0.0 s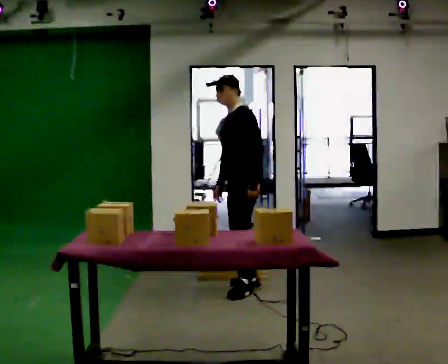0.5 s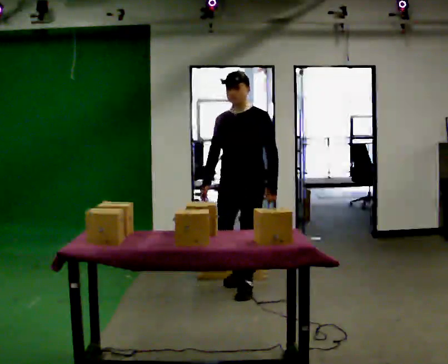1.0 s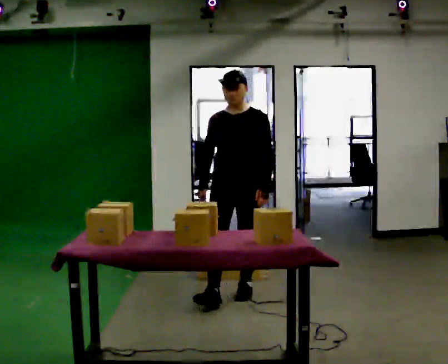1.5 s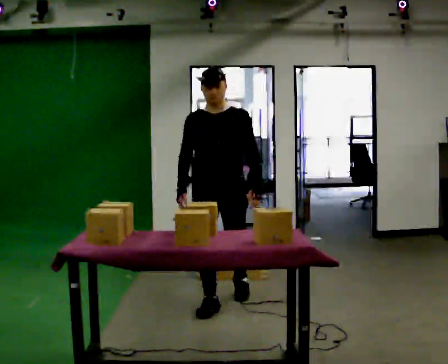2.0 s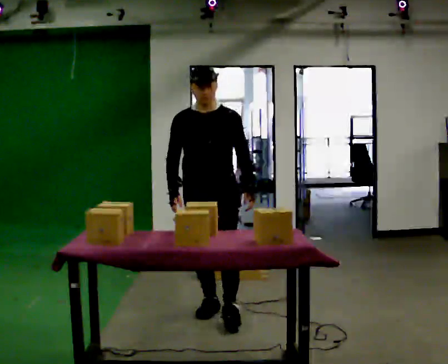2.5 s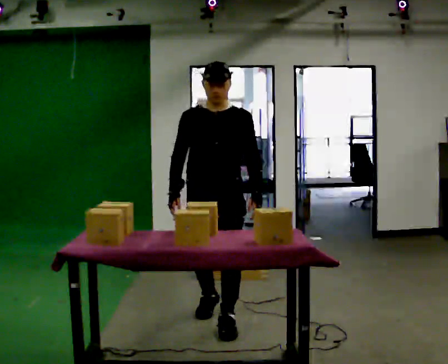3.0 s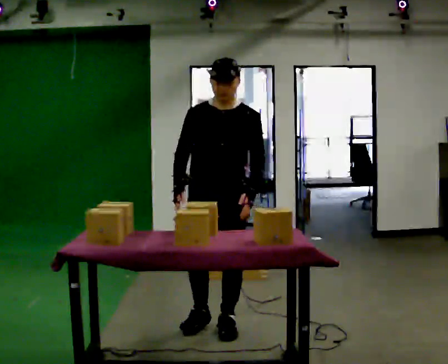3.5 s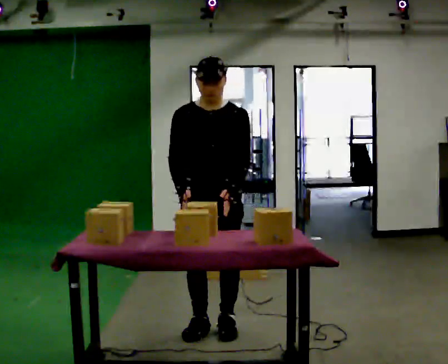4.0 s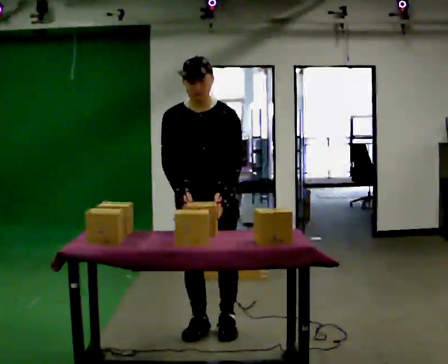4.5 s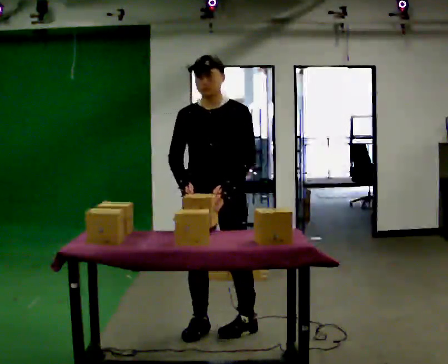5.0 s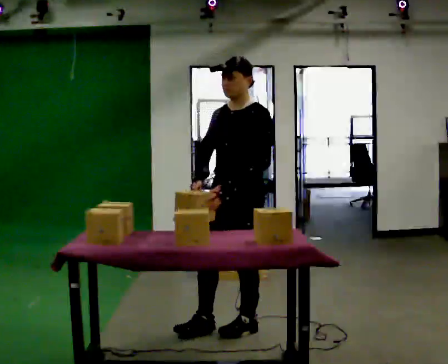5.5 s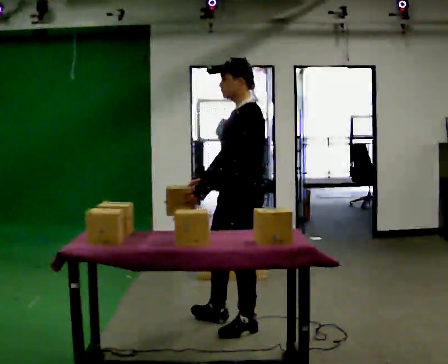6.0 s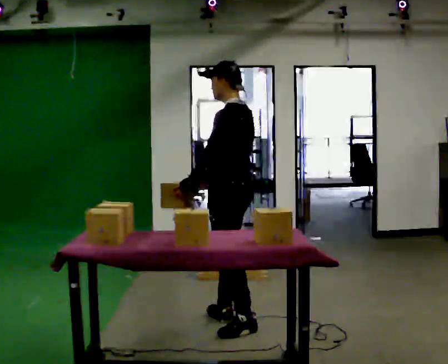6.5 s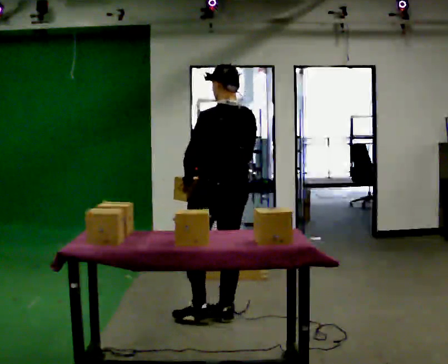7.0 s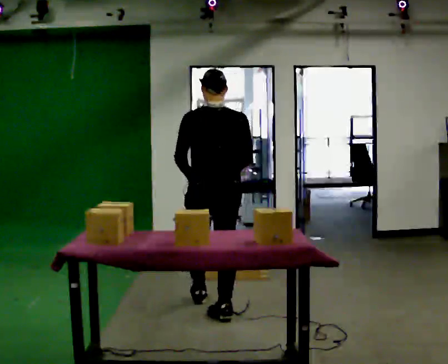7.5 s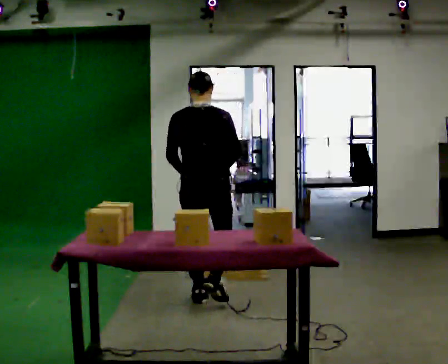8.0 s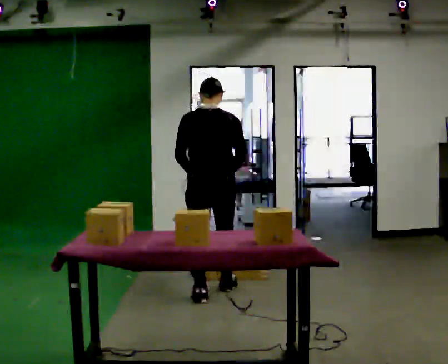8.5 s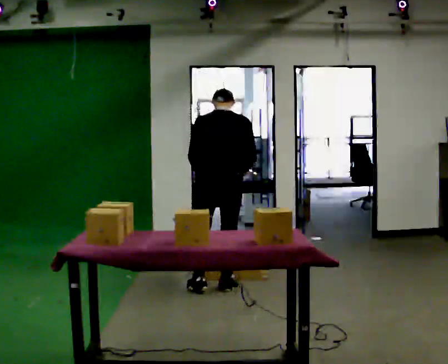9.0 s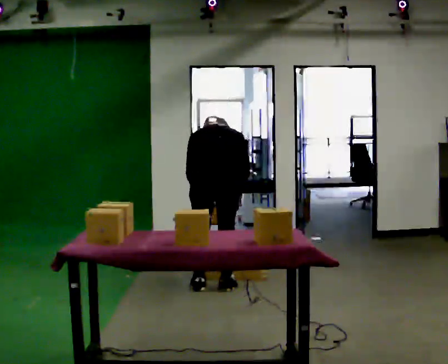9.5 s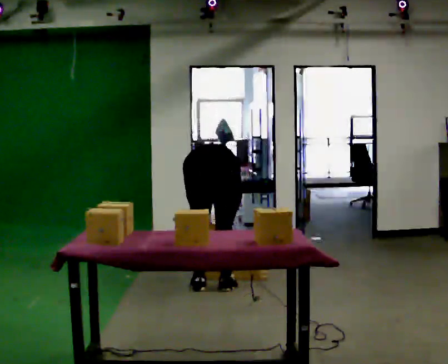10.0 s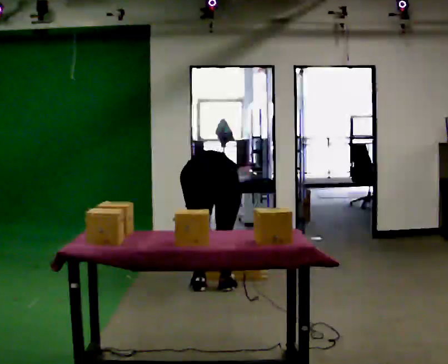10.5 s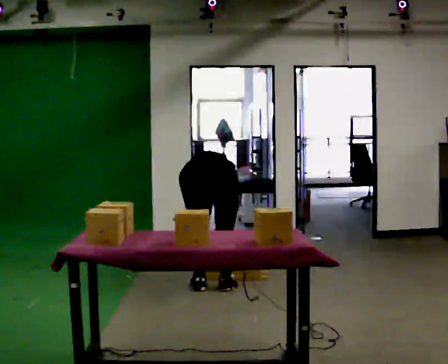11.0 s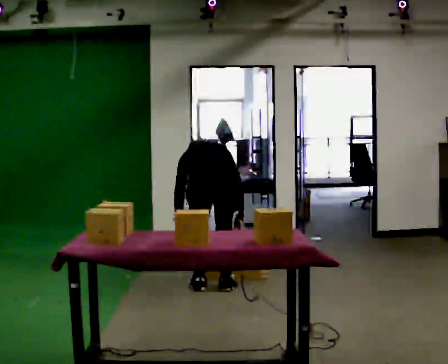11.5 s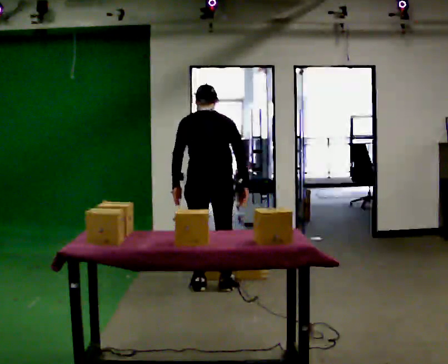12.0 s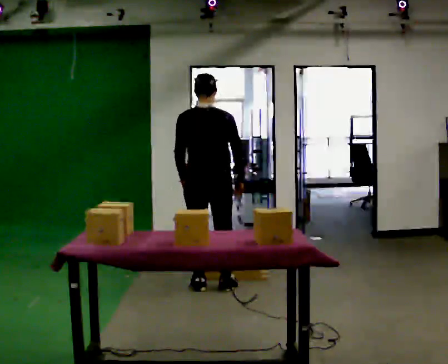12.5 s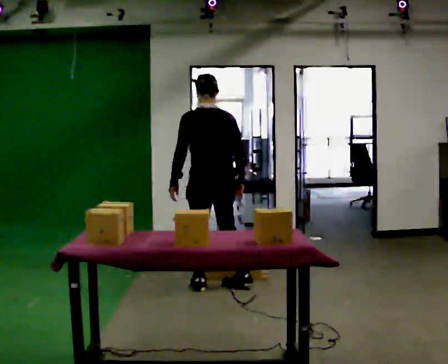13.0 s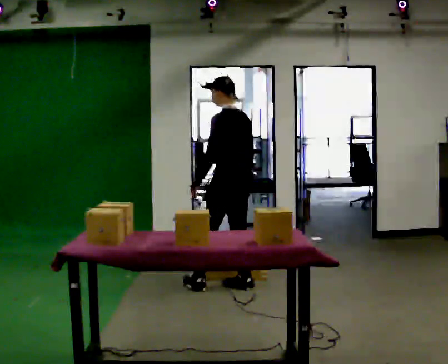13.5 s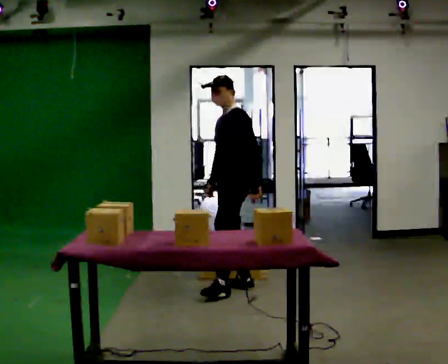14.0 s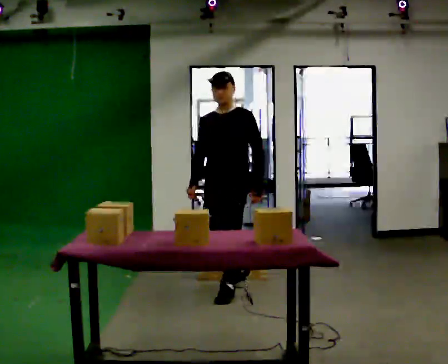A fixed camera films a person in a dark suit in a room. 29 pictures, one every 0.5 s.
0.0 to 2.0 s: Seen from above the body turns counterclockwise, about 60 degrees: to their left, with its near side sliding to the right. In the picture they go toward the camera, about 1 m in 1 step.
2.0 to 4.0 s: In the picture they go toward the camera, about 0.5 m in 2 steps, which for them is forward.
4.0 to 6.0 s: The person turns about 105 degrees to their right, clockwise seen from above, so the part of the body nearest the lens slides to the left. In the picture they go to the right and away from the camera, about 0.25 m in 2 steps.
6.0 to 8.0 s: The person turns about 75 degrees to their right, clockwise seen from above, so the part of the body nearest the lens slides to the left. In the picture they go away from the camera, about 1 m in 2 steps.
8.0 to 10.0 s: The shoulders move downward. The upper body tips away from the camera, its near side rolling upward, as they bend forward. In the picture their left hand goes downward.
10.0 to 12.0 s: The shoulders move upward. The upper body tips toward the camera, its near side rolling downward, as they lean back or straighten. In the picture their left hand goes upward.
12.0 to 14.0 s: Seen from above the body turns counterclockwise, about 135 degrees: to their left, with its near side sliding to the right. In the picture they go toward the camera and to the right, about 0.25 m in 2 steps. In the picture their left hand goes to the right, the arm swinging counterclockwise.
The film runs forward here.
